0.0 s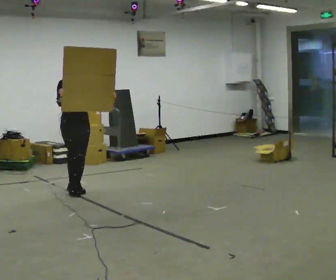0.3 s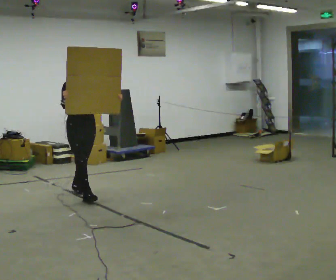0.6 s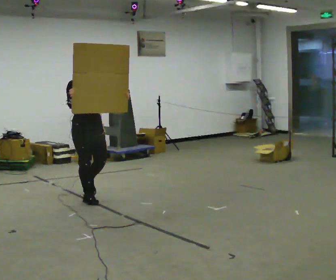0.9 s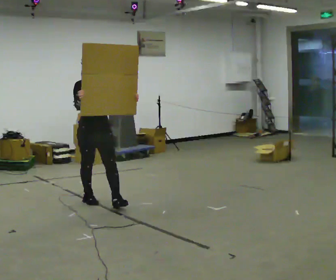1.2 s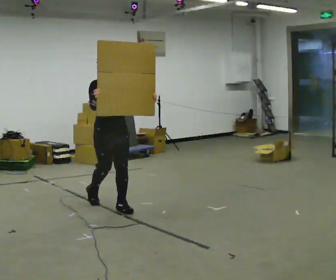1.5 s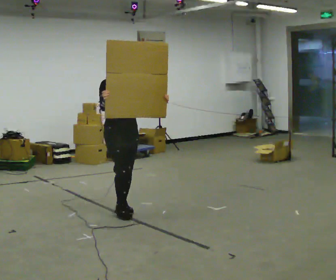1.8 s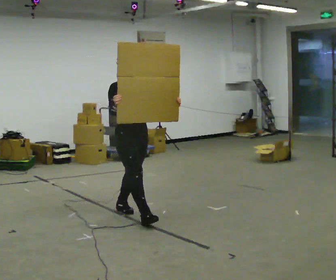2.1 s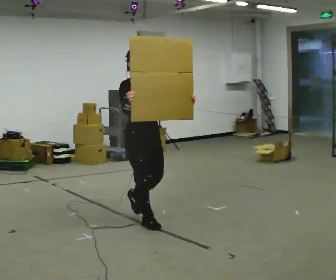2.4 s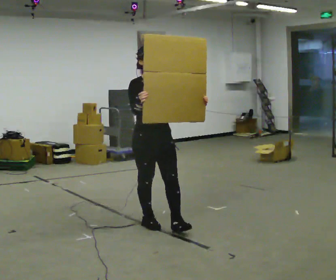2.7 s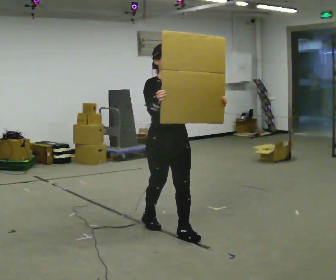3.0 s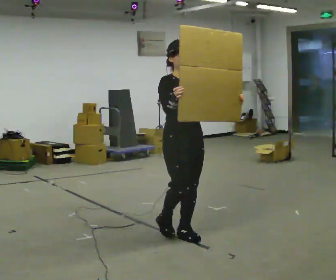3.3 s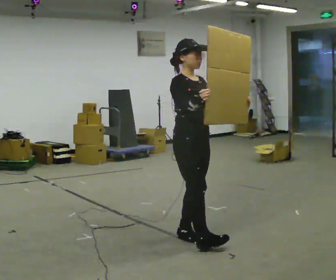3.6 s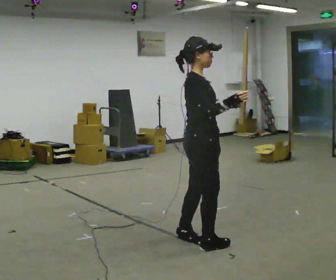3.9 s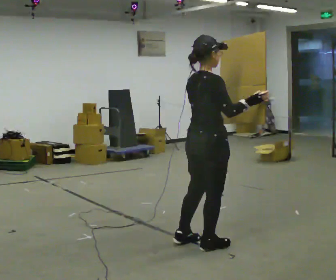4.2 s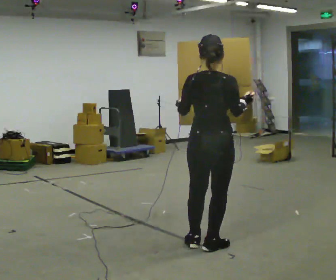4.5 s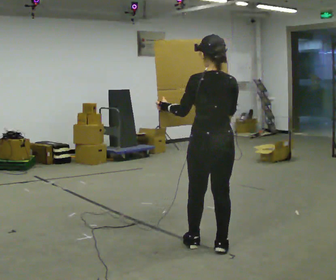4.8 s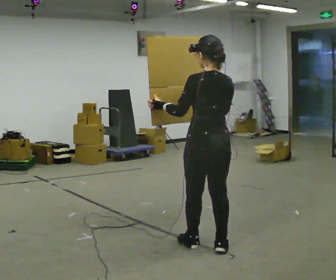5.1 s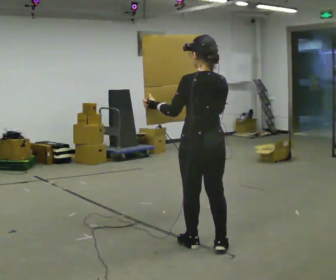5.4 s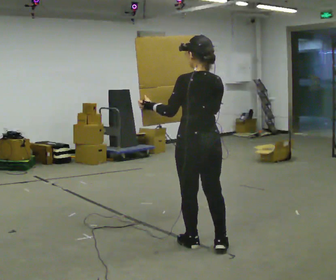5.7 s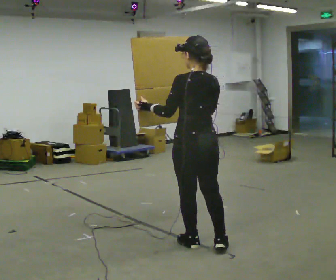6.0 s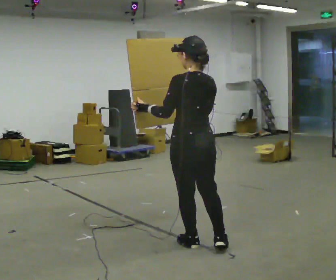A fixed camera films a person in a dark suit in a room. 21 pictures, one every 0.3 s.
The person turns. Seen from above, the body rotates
counterclockwise.
The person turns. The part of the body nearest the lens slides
to the right.
0.0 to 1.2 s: In the picture they go to the right and toward the camera, about 1 m in 2 steps, which for them is forward.
1.2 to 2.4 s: In the picture they go toward the camera and to the right, about 1 m in 1 step, which for them is forward.
2.4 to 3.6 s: The person turns about 60 degrees to their left, counterclockwise seen from above, so the part of the body nearest the lens slides to the right. In the picture they go to the right and toward the camera, about 0.5 m in 2 steps.
3.6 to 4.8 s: The person turns about 120 degrees to their left, counterclockwise seen from above, so the part of the body nearest the lens slides to the right. In the picture their left hand goes to the left.
4.8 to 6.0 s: The person moves a little, or ends about where they began.
The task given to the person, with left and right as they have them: Carry the large panel across the room. It will block your view ahead, so take whatever route feels safe. Keep going until the operator says stop; one object at a time, and do not rush between trips.
The film runs forward here.
